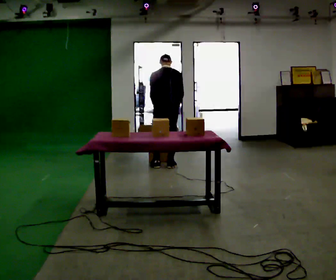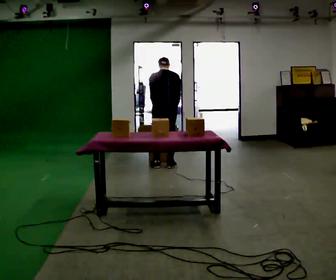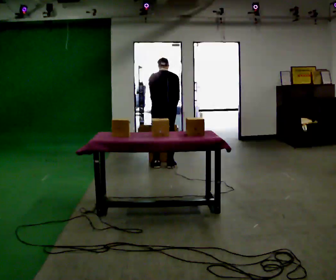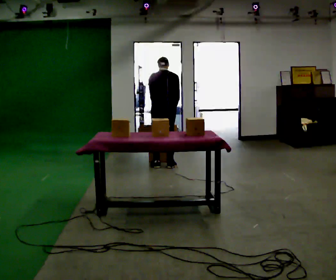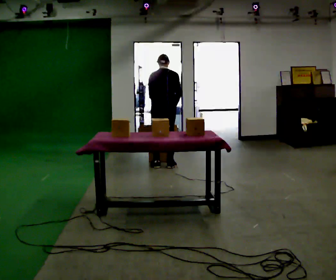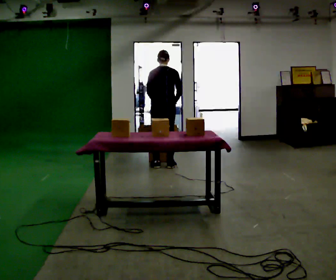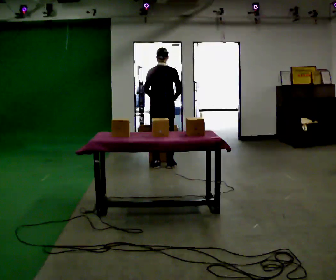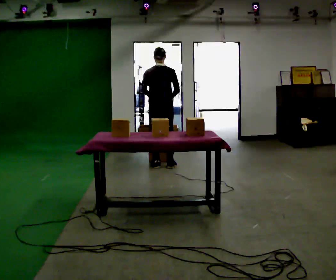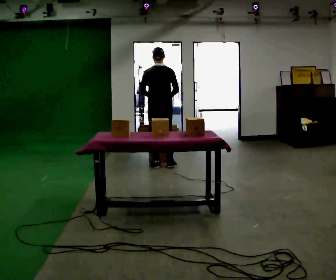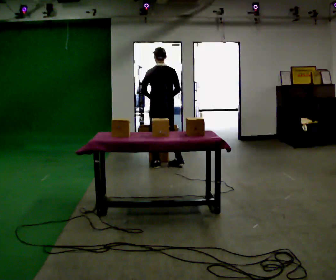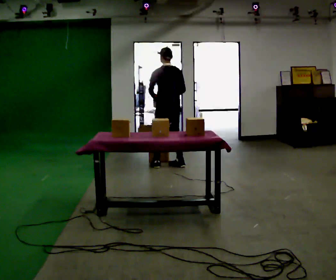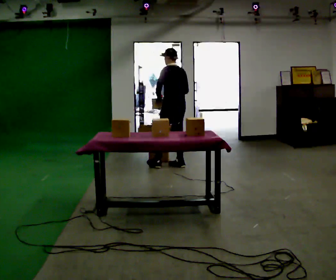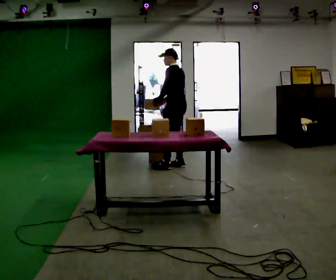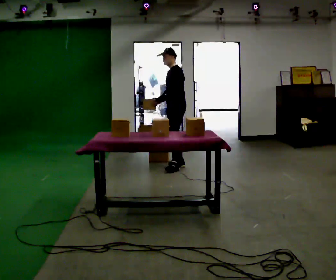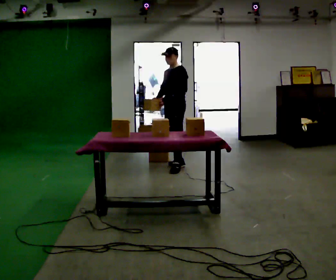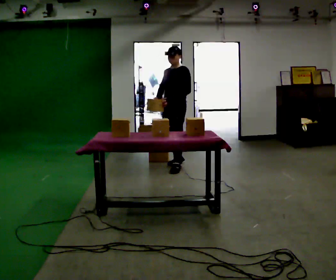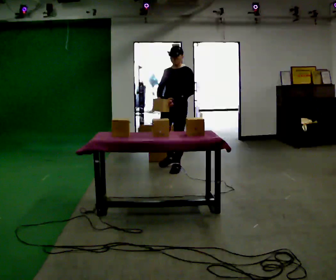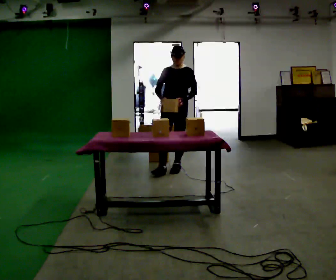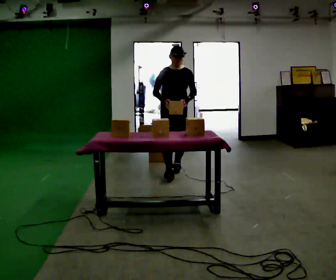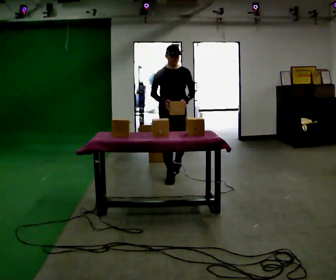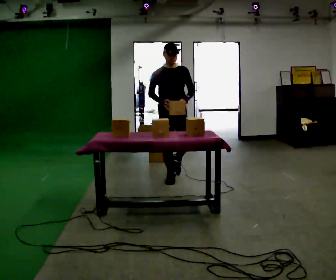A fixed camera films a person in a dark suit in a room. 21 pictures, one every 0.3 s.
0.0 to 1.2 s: The person moves a little, or ends about where they began.
1.2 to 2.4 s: The upper body tips toward the camera, its near side rolling downward, as they lean back or straighten.
2.4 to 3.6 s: The person turns about 60 degrees to their left, counterclockwise seen from above, so the part of the body nearest the lens slides to the right. In the picture they go to the right, about 0.25 m in 1 step.
3.6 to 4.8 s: The person turns about 75 degrees to their left, counterclockwise seen from above, so the part of the body nearest the lens slides to the right. In the picture they go toward the camera, about 0.25 m in 1 step.
4.8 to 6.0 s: The person turns about 45 degrees to their left, counterclockwise seen from above, so the part of the body nearest the lens slides to the right. In the picture they go toward the camera, about 0.5 m in 1 step, which for them is forward.
The film runs forward here.
